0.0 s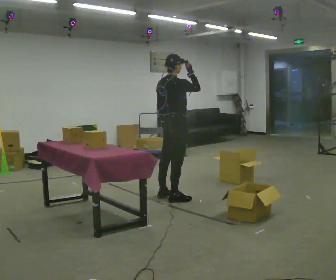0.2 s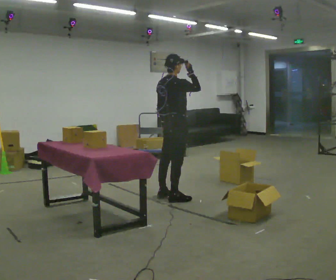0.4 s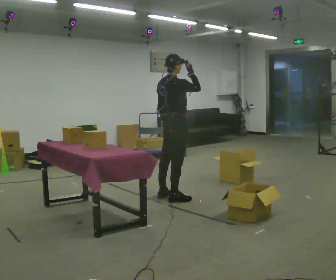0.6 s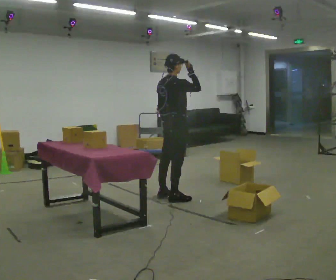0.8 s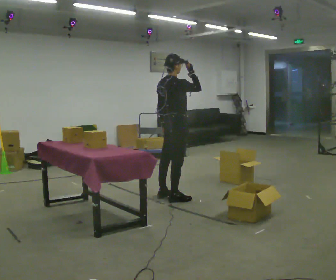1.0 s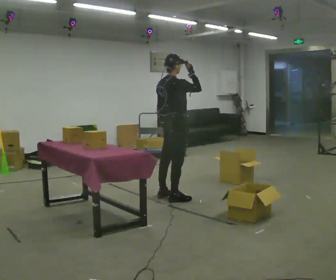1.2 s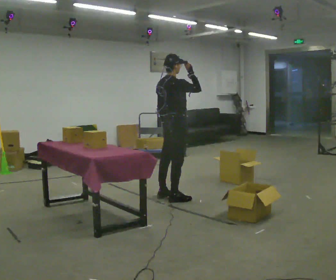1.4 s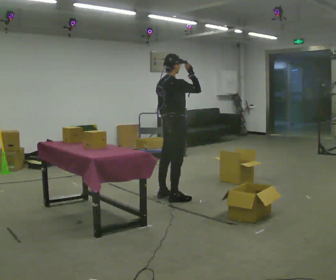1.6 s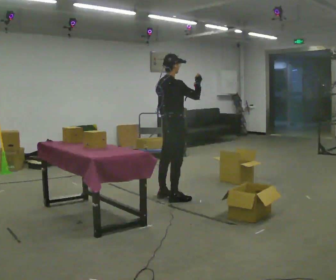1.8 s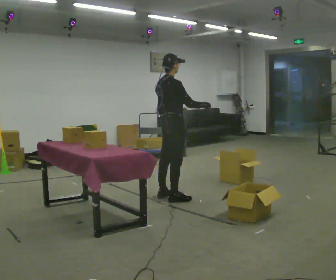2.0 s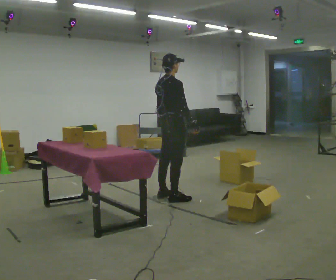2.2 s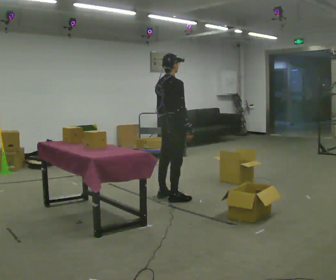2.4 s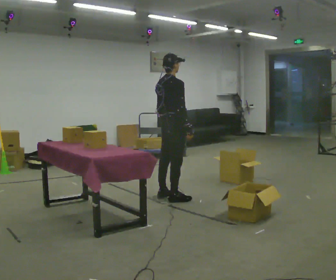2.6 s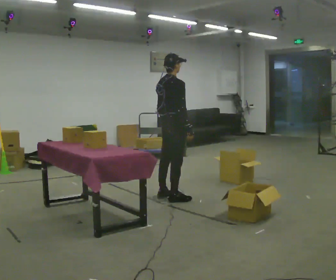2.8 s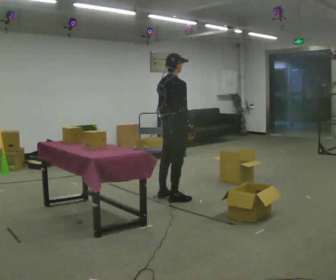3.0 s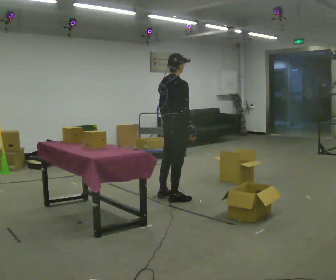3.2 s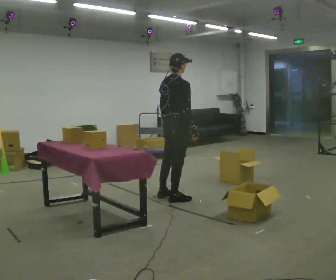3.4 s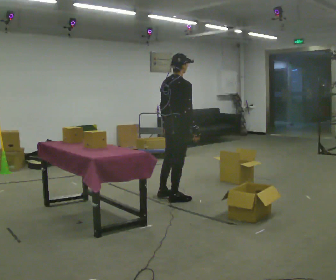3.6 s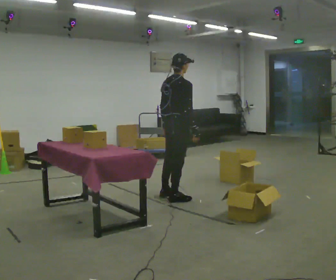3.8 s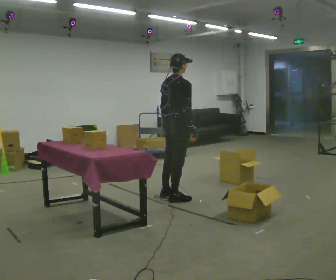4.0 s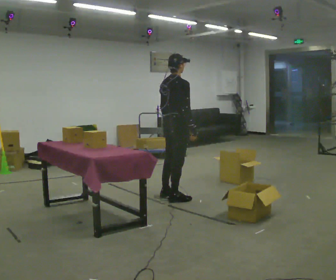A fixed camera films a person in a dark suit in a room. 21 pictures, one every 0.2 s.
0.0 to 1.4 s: The person moves a little, or ends about where they began.
1.4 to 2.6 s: In the picture their right hand goes downward.
2.6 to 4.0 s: The person moves a little, or ends about where they began.
The film runs backward here.
